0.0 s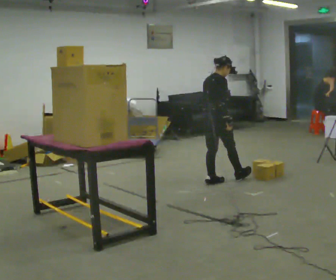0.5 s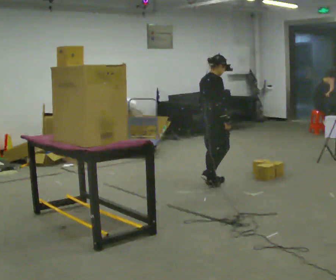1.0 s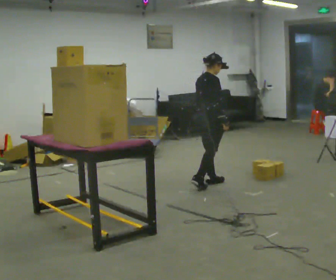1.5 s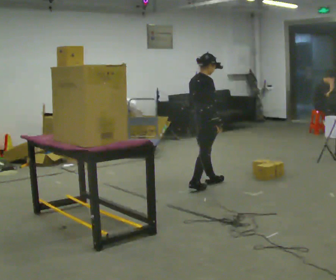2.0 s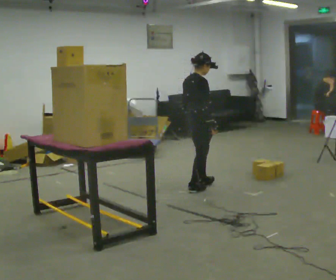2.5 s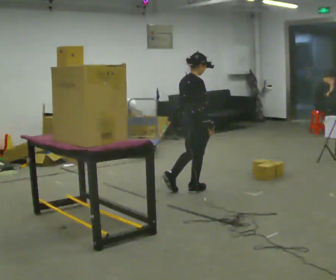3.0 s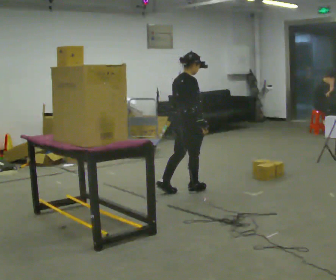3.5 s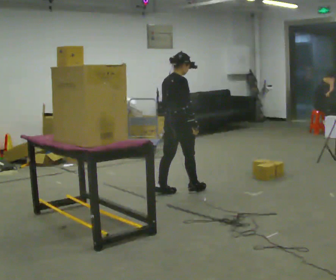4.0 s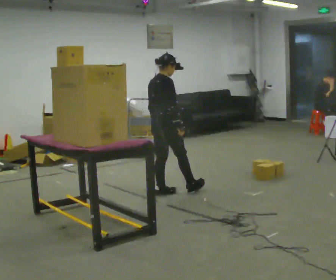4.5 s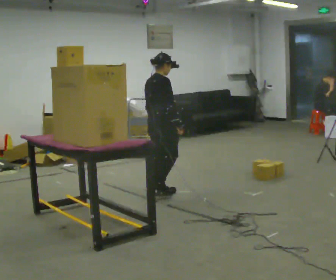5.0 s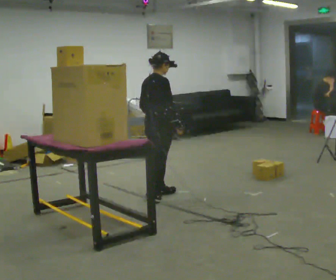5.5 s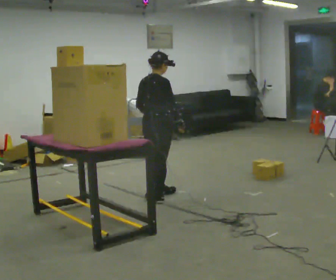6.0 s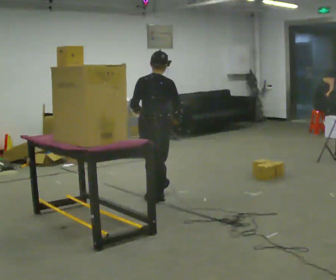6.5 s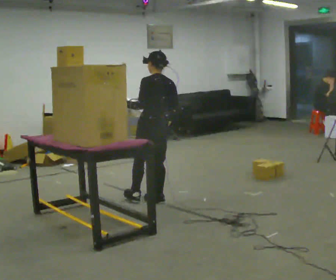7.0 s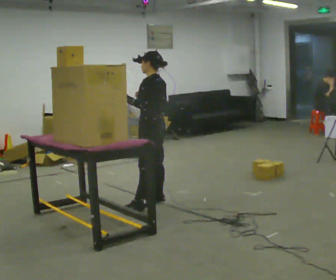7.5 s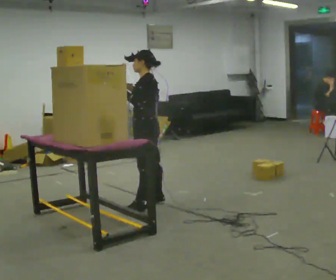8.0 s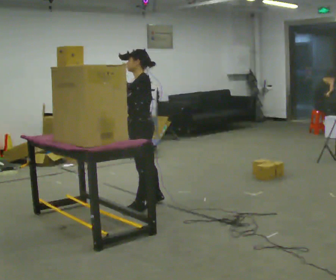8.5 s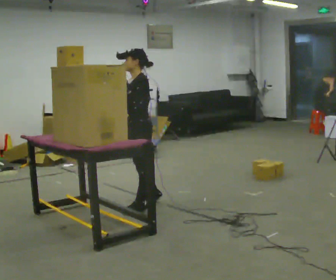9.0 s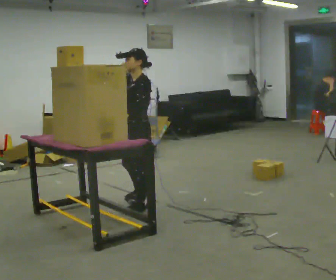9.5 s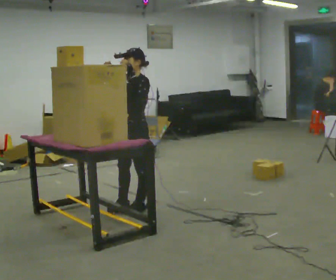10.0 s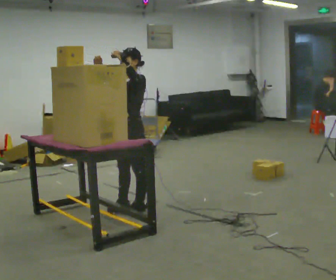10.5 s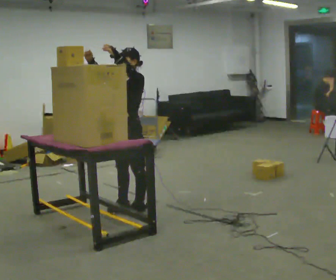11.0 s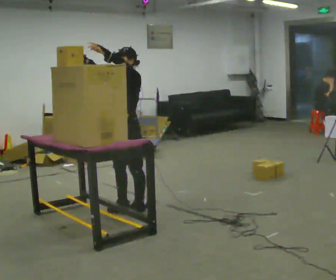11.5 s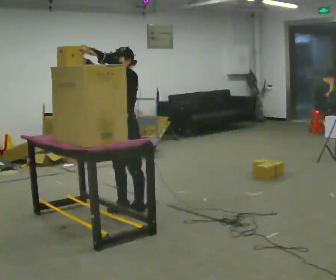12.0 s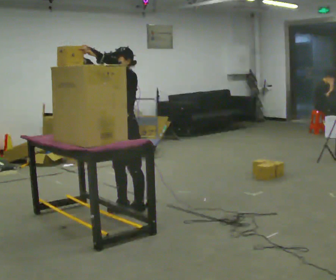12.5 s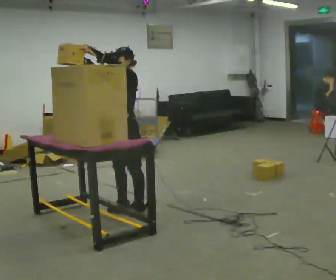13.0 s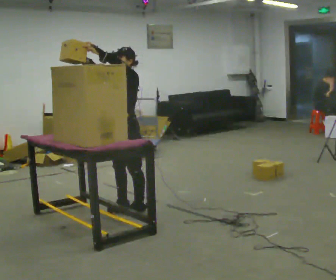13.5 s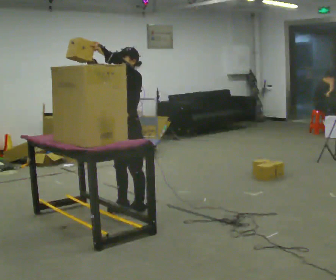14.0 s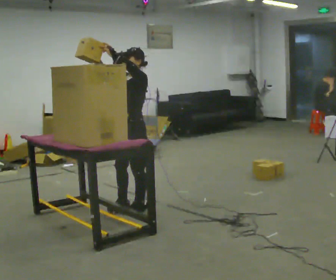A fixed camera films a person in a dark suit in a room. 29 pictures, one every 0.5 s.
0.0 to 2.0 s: In the picture they go toward the camera and to the left, about 0.25 m in 2 steps, which for them is backward and to their right.
2.0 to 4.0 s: In the picture they go to the left, about 0.5 m, which for them is backward.
4.0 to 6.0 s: The person turns about 30 degrees to their left, counterclockwise seen from above, so the part of the body nearest the lens slides to the right. In the picture they go toward the camera, about 0.25 m in 1 step, which for them is backward and to their right.
6.0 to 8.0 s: Seen from above the body turns counterclockwise, about 105 degrees: to their left, with its near side sliding to the right. In the picture they go toward the camera, about 0.25 m in 1 step. In the picture their right hand goes to the left and upward.
8.0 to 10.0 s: The part of the body nearest the lens slides to the right as the person turns to their left by about 45 degrees.
10.0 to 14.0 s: The person moves a little, or ends about where they began.
The film runs backward here.
